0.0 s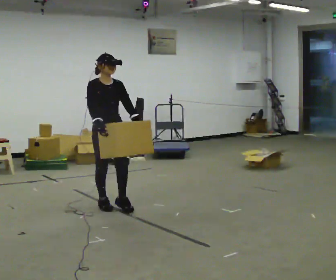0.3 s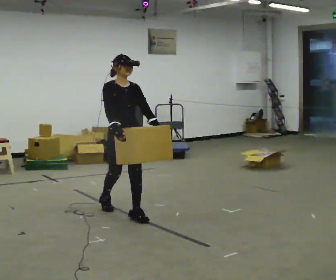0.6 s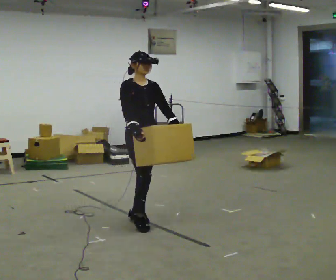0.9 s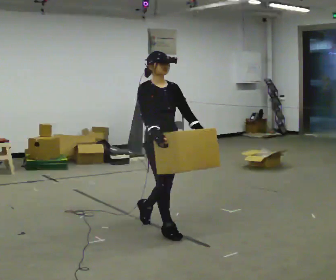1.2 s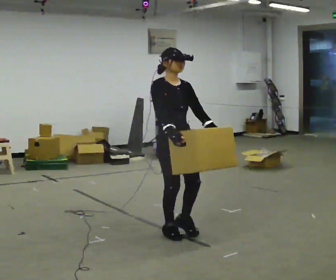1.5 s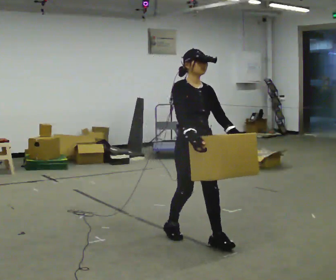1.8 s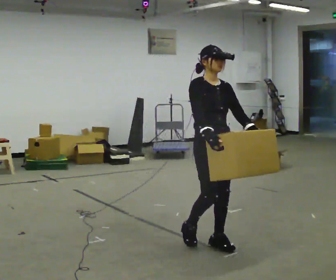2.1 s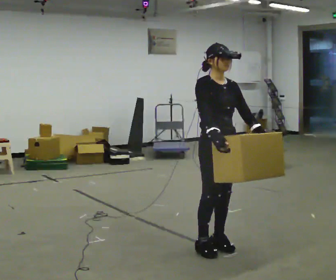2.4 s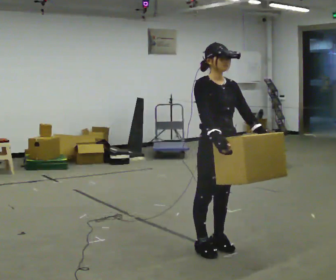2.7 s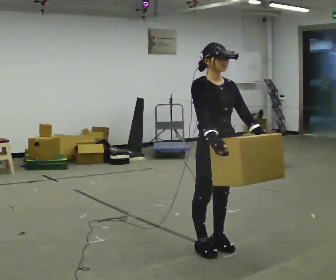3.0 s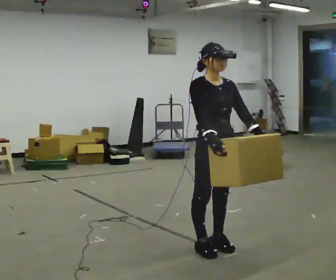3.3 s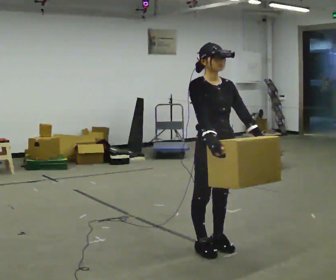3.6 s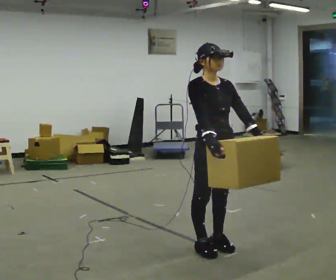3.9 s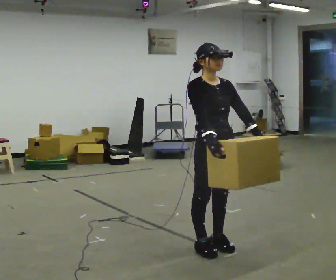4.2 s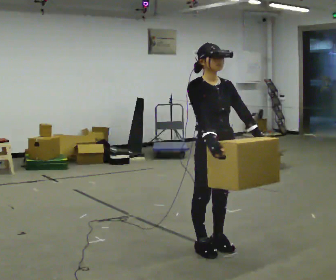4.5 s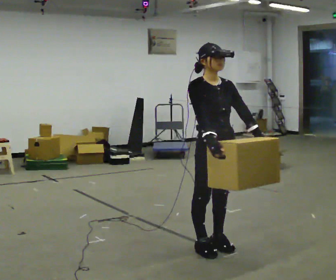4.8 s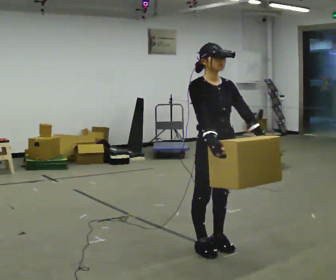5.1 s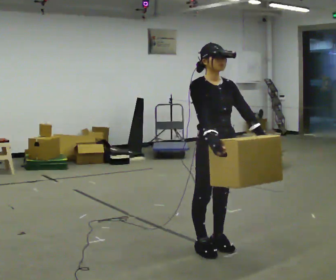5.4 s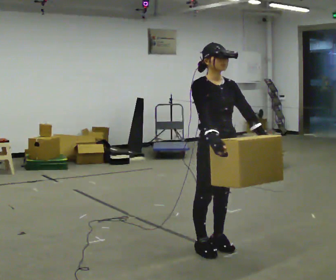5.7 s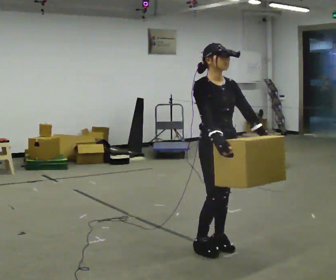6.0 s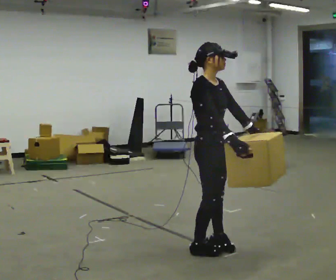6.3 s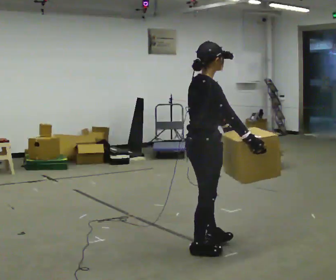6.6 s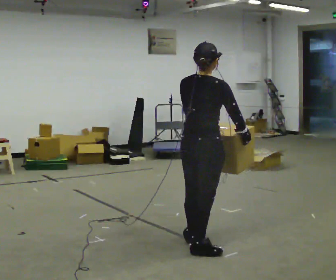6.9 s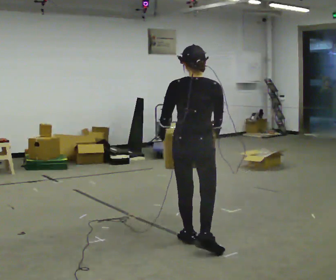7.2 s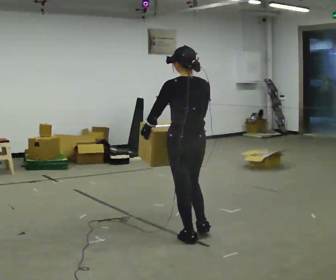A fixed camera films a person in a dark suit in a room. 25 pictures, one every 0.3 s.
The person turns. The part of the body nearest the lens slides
to the right.
The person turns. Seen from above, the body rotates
counterclockwise.
0.0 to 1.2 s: In the picture they go to the right and toward the camera, about 1 m in 2 steps, which for them is forward.
1.2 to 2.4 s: In the picture they go to the right and toward the camera, about 0.5 m in 2 steps, which for them is forward.
2.4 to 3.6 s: The person moves a little, or ends about where they began.
3.6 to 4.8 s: The person keeps their place and pose.
4.8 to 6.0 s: The part of the body nearest the lens slides to the right as the person turns to their left by about 30 degrees.
6.0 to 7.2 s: The person turns about 135 degrees to their left, counterclockwise seen from above, so the part of the body nearest the lens slides to the right. In the picture they go away from the camera and to the left, about 0.25 m in 1 step.
The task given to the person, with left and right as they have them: Carry the heavy box in both hands in front of you, walking back and forth across the room. Keep walking until the operator says stop. Set it down if you need a rest.
The film runs forward here.
